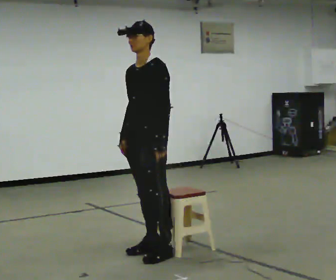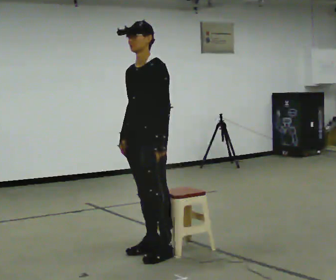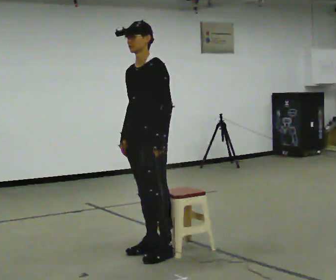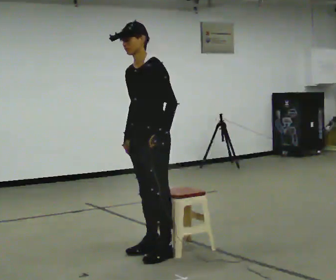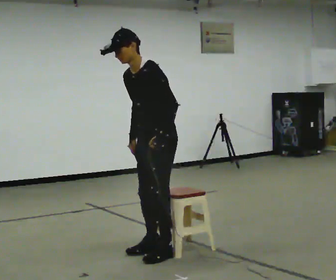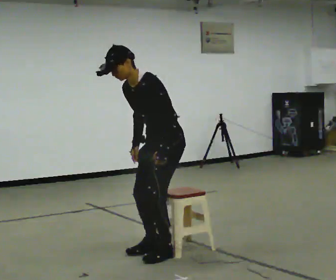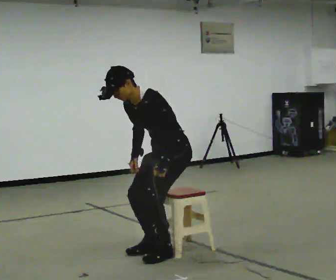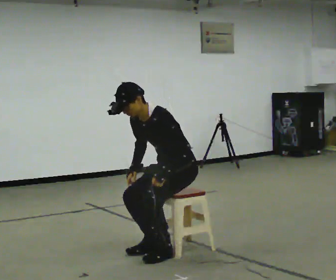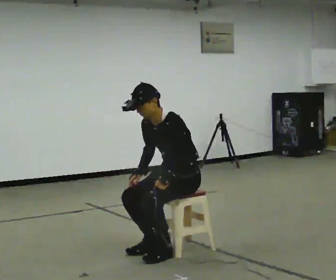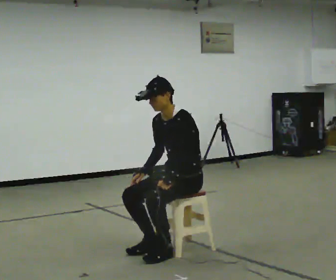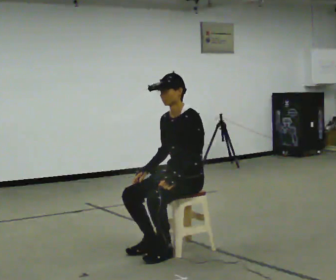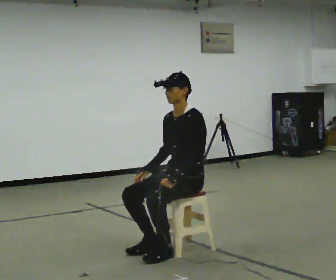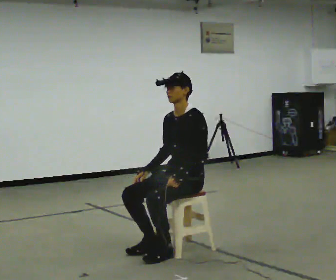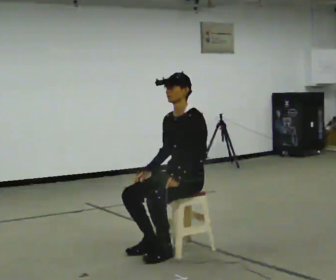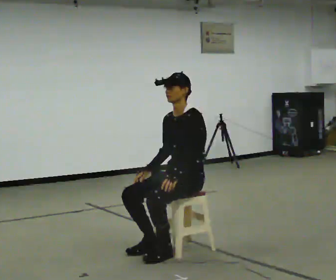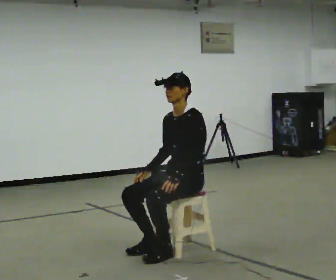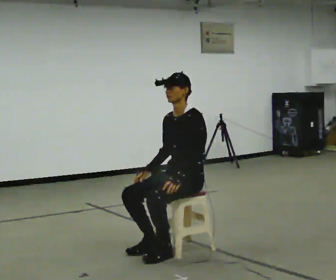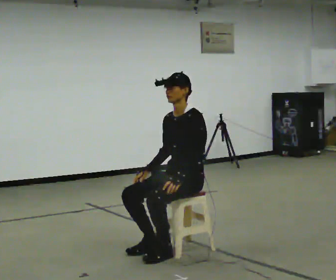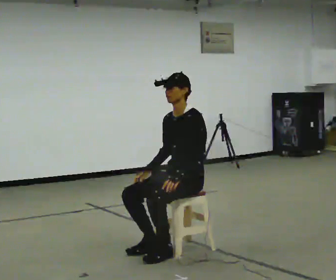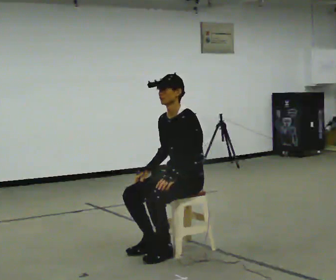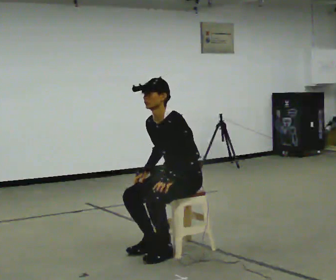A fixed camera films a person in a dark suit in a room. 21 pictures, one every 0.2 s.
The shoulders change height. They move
downward.
0.0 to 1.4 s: In the picture they go to the right, about 0.25 m, which for them is backward. The shoulders move downward. In the picture the upper body tilts counterclockwise, shoulders to the left, as they bend forward.
1.4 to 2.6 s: In the picture the upper body tilts clockwise, shoulders to the right, as they lean back or straighten.
2.6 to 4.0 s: In the picture the upper body tilts counterclockwise, shoulders to the left, as they bend forward.
The film runs forward here.
